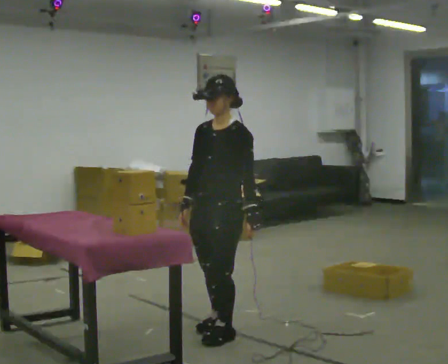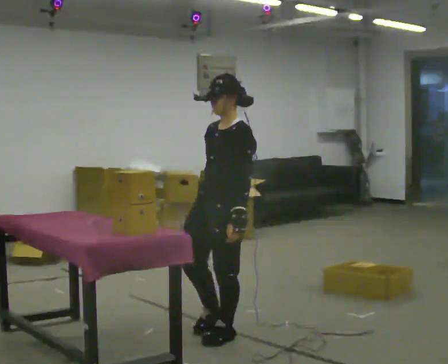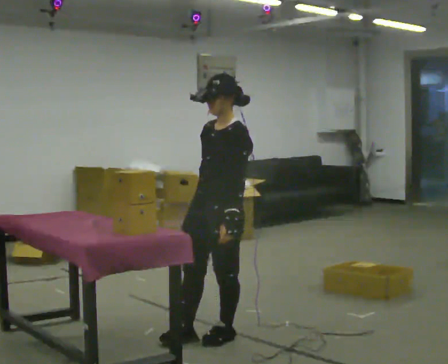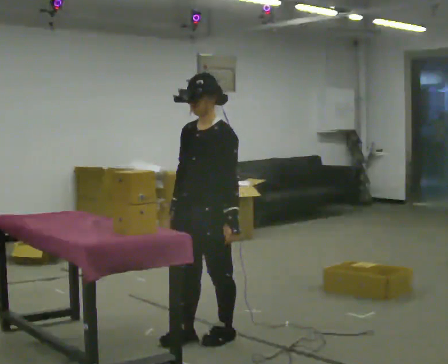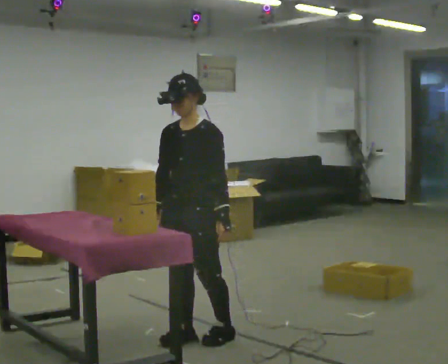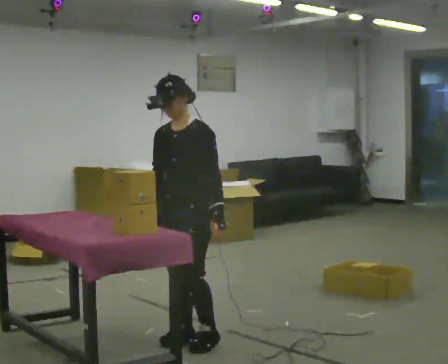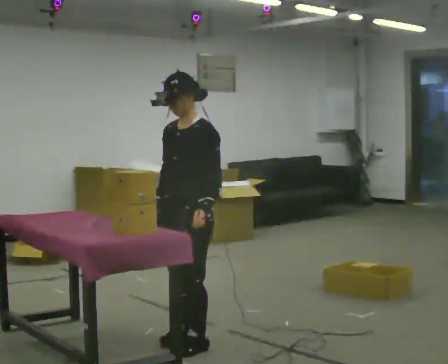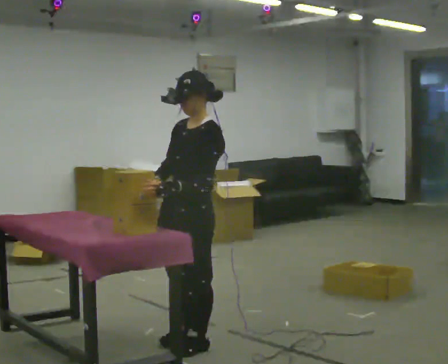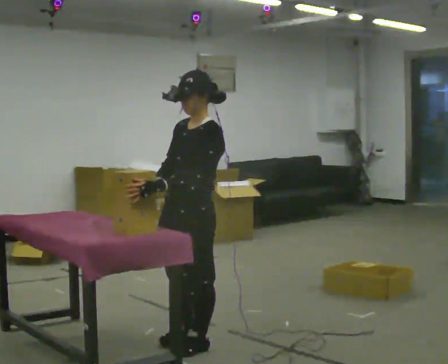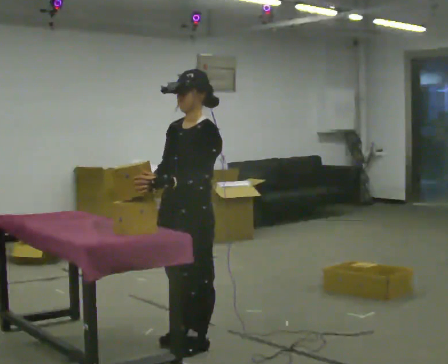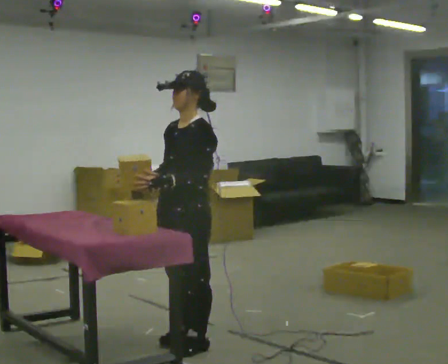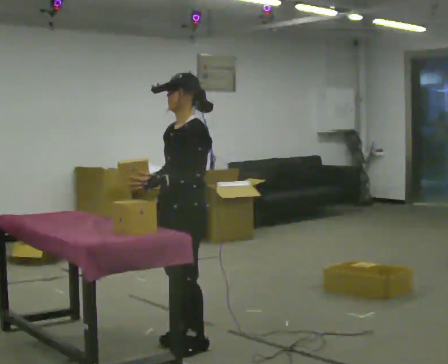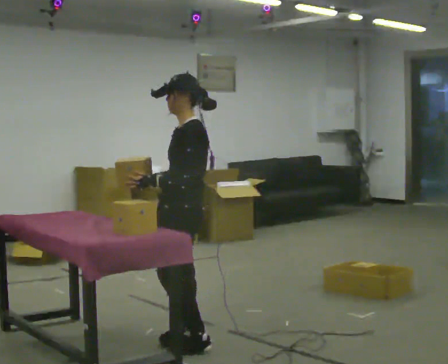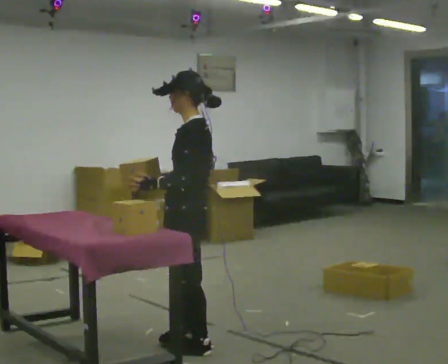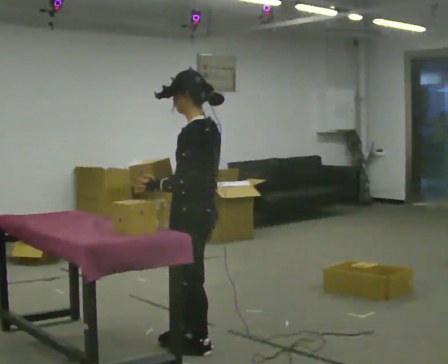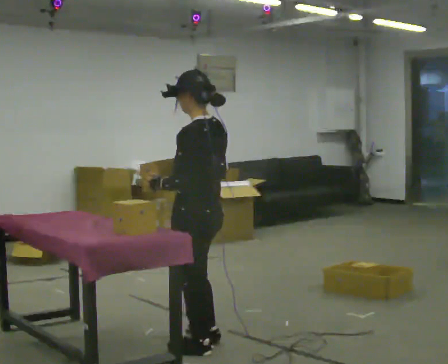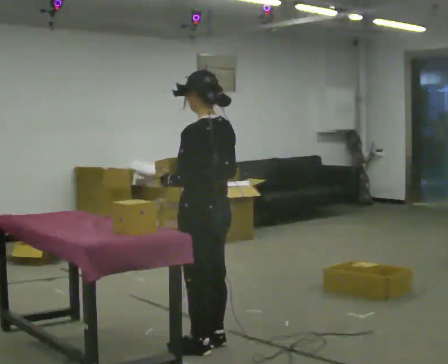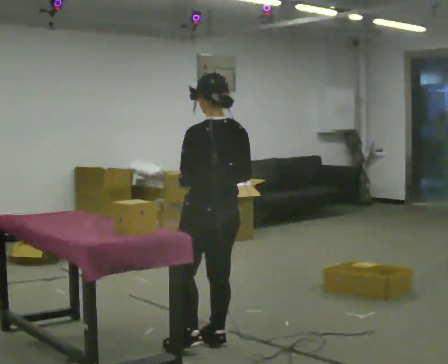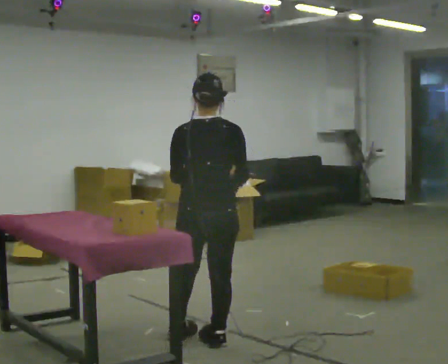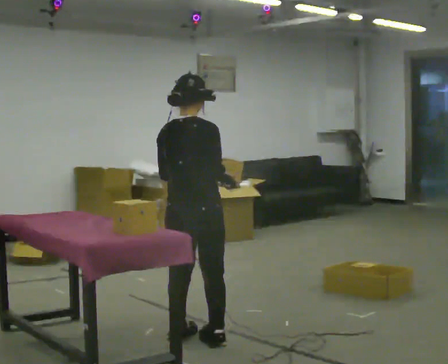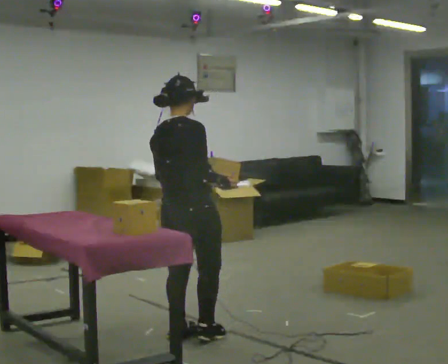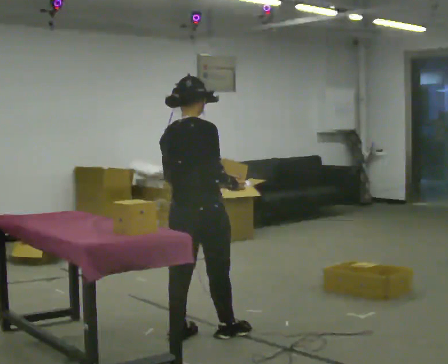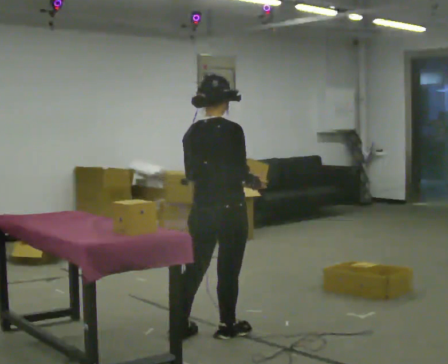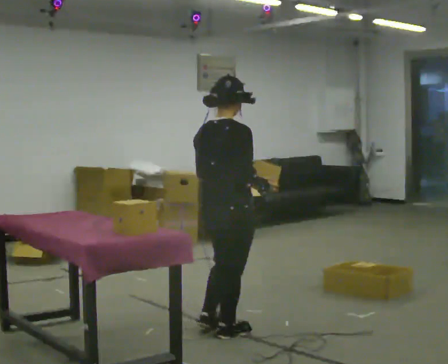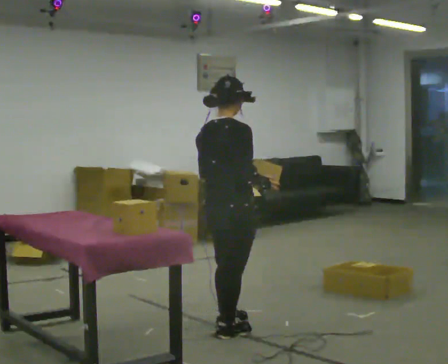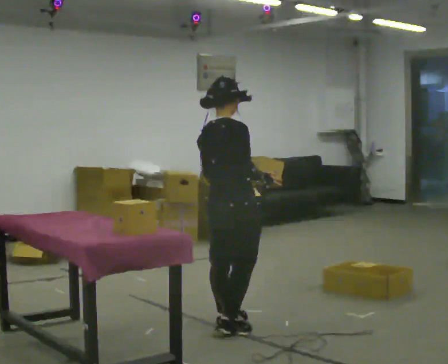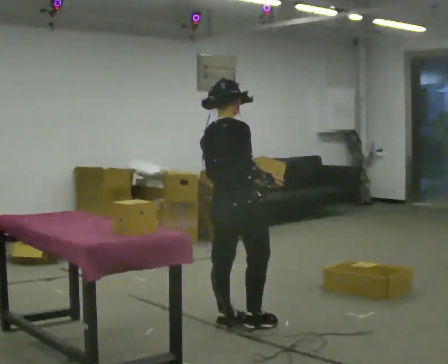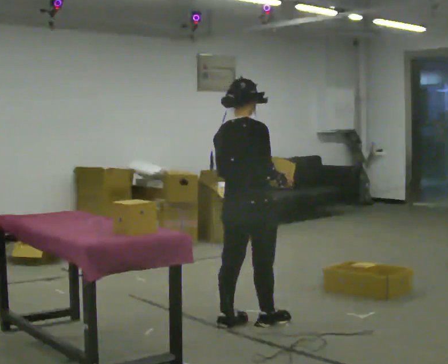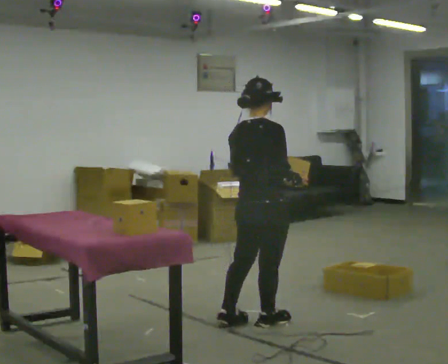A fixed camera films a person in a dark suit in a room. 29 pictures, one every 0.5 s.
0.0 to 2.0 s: In the picture they go to the left, about 0.25 m in 1 step, which for them is forward.
2.0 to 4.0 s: The part of the body nearest the lens slides to the left as the person turns to their right by about 30 degrees. In the picture they go toward the camera, about 0.25 m in 1 step, which for them is to their left. In the picture their left hand goes to the left, the arm swinging clockwise.
4.0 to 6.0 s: The person moves a little, or ends about where they began.
6.0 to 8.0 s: The part of the body nearest the lens slides to the left as the person turns to their right by about 45 degrees.
8.0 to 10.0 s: The part of the body nearest the lens slides to the left as the person turns to their right by about 90 degrees. In the picture they go away from the camera, about 0.25 m in 1 step.
10.0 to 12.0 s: In the picture they go to the right, about 0.25 m in 2 steps, which for them is forward and to their right.
12.0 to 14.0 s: In the picture they go to the right, about 0.25 m in 1 step, which for them is forward.
The film runs forward here.
